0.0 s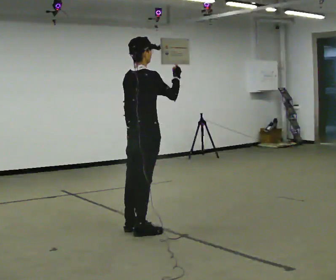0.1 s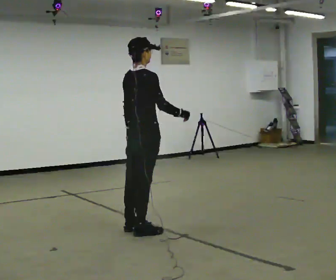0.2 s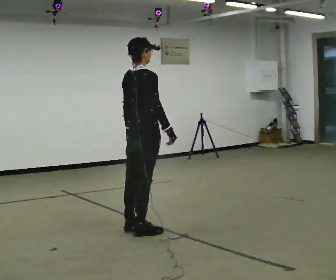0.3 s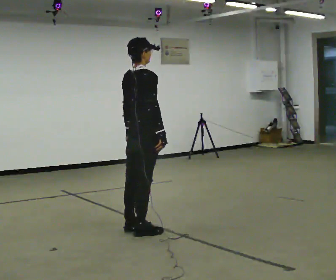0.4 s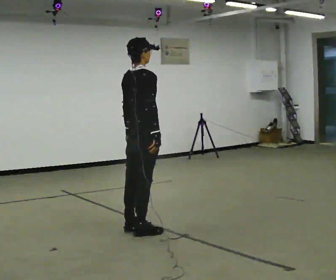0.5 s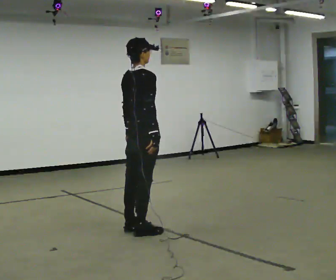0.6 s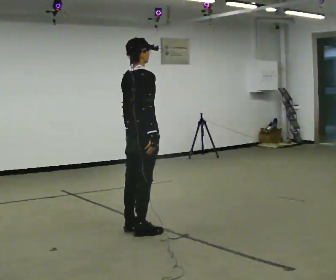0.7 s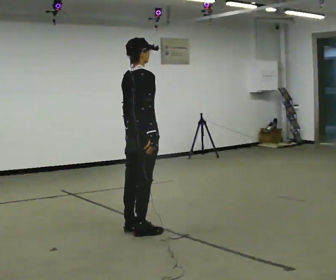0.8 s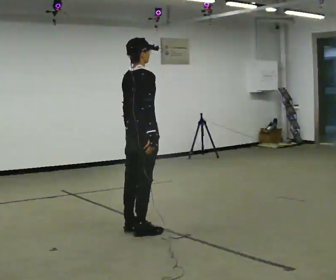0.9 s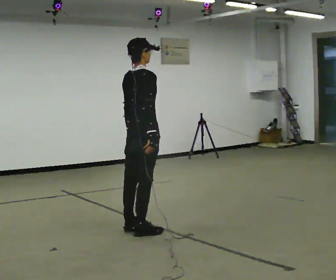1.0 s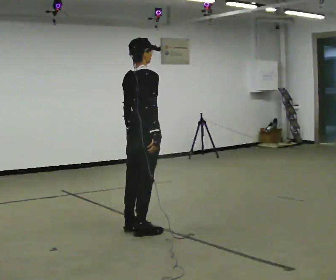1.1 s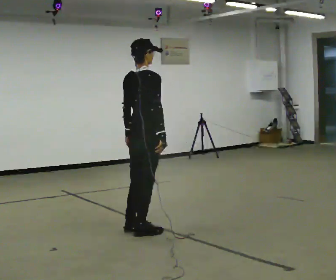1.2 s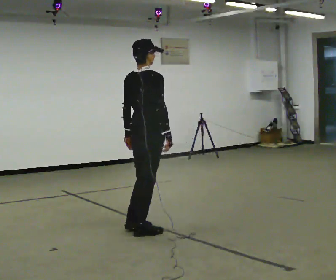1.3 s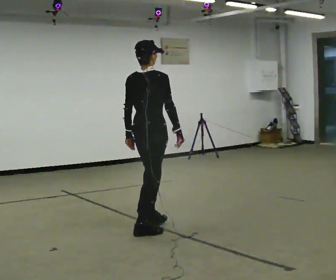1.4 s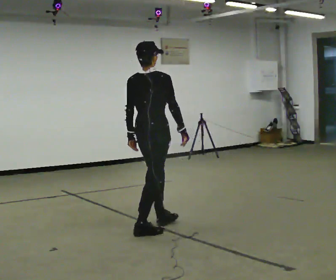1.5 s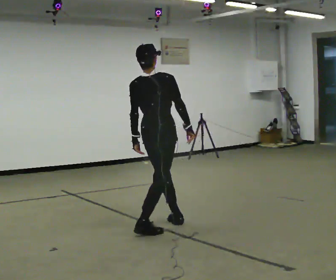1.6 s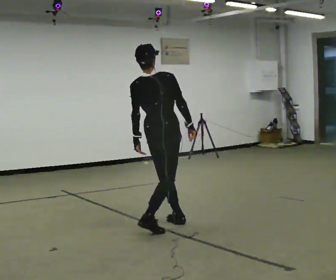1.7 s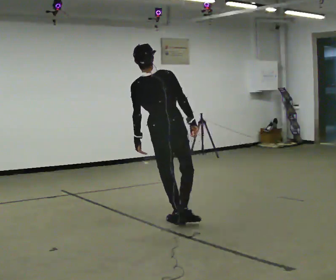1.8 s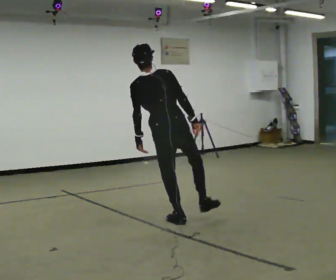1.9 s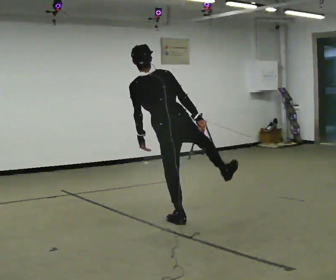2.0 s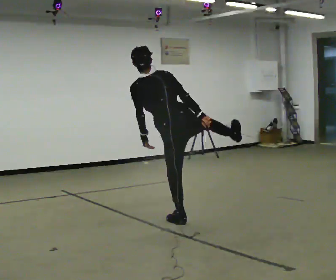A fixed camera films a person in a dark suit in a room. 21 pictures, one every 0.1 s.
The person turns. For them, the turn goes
to their left.
The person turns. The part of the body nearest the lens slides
to the right.
0.0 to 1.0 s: In the picture their right hand goes downward.
1.0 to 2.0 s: The part of the body nearest the lens slides to the right as the person turns to their left by about 60 degrees. In the picture they go to the right and away from the camera, about 0.25 m in 1 step. In the picture the upper body tilts counterclockwise, shoulders to the left.
The film runs backward here.
